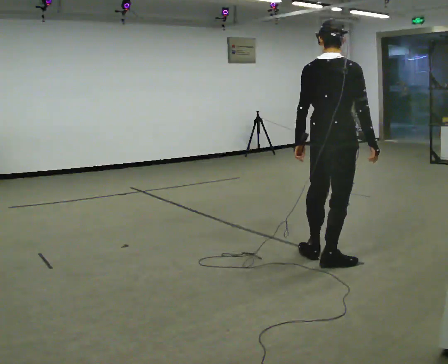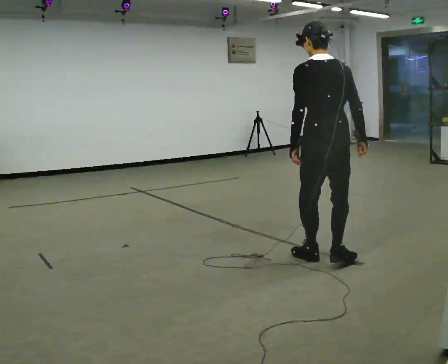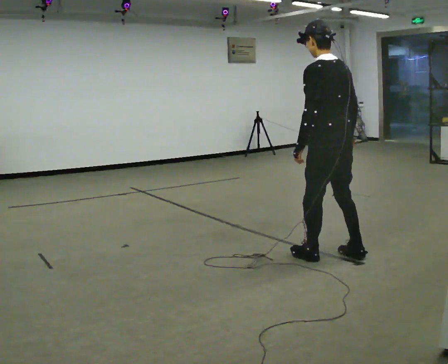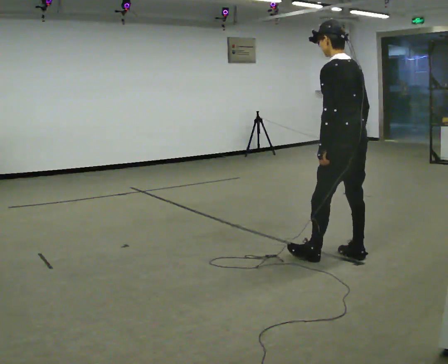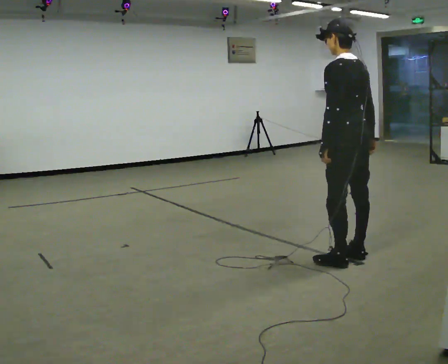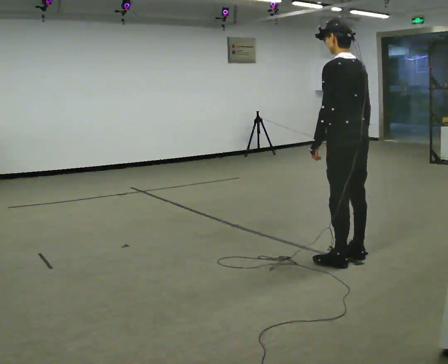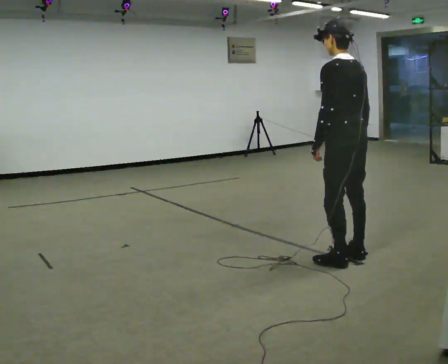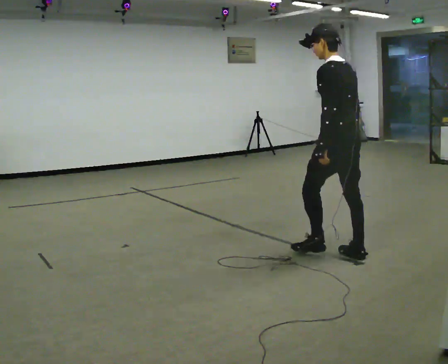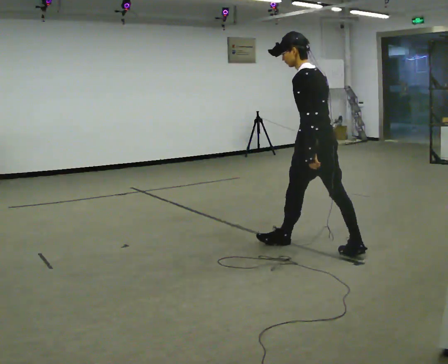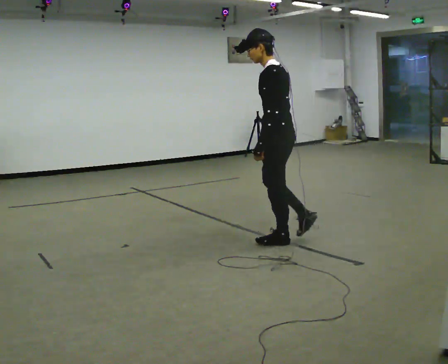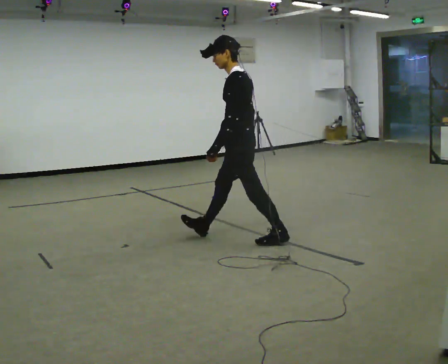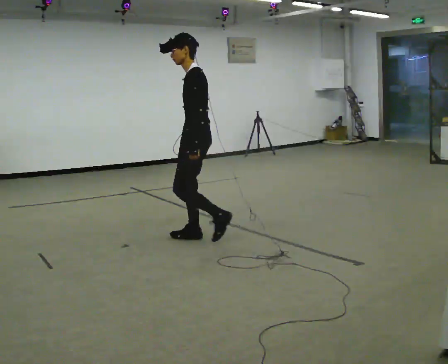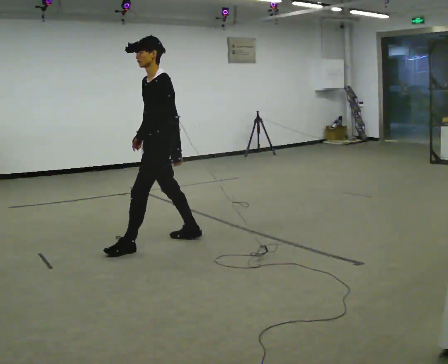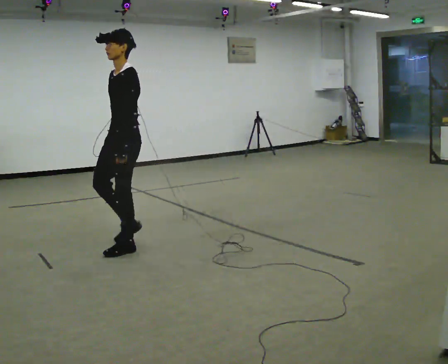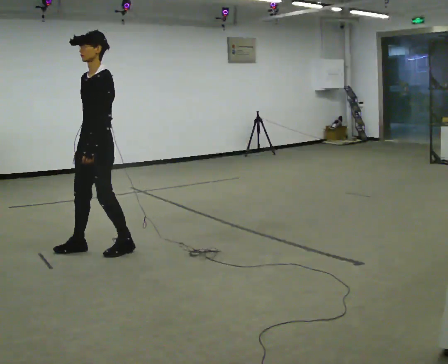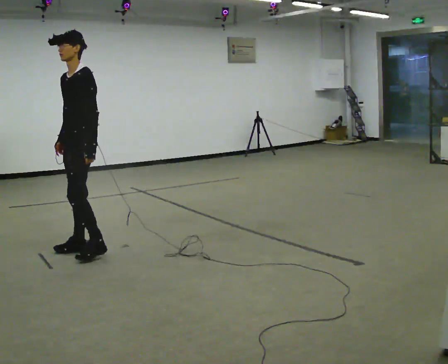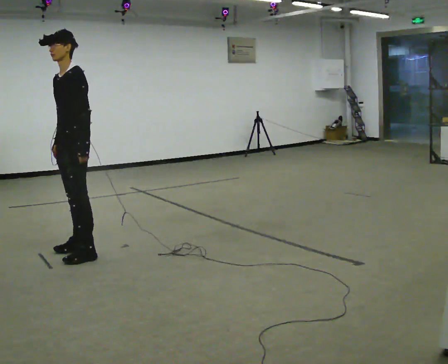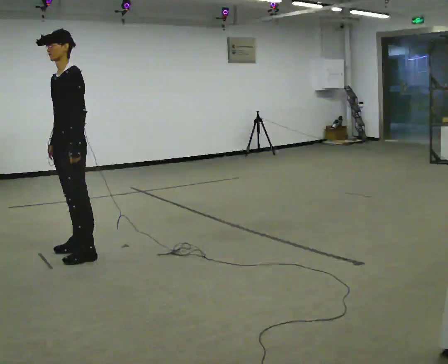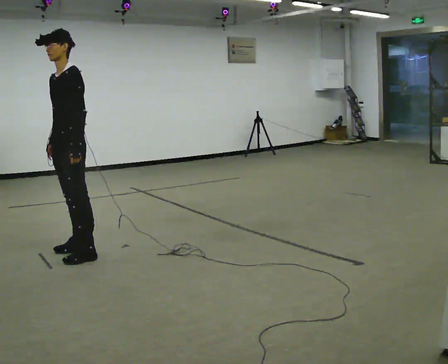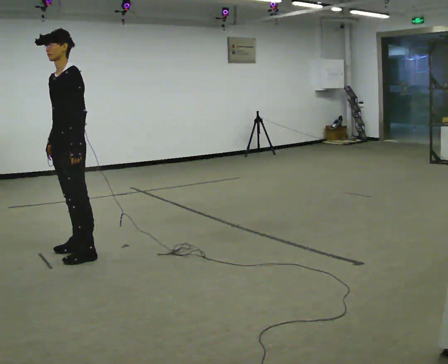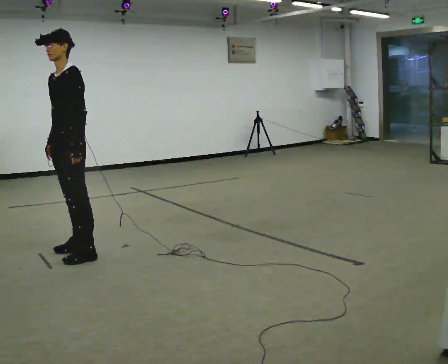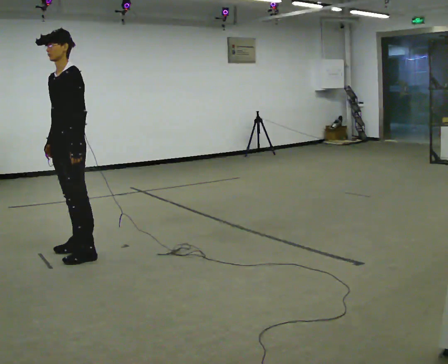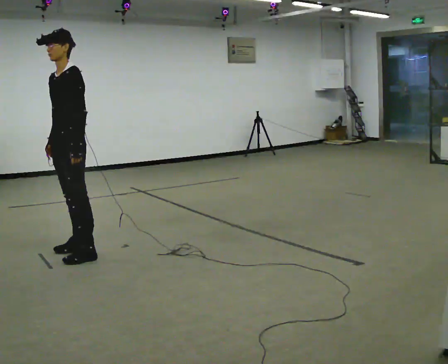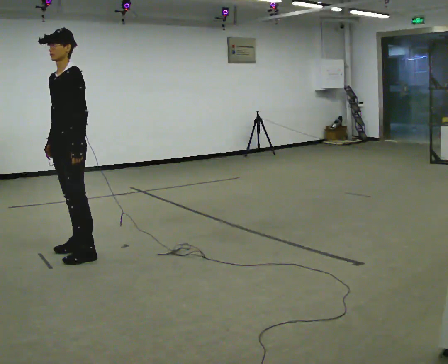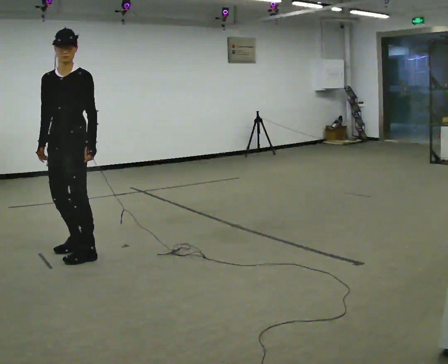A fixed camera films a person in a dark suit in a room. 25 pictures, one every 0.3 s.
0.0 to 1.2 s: The person turns about 60 degrees to their left, counterclockwise seen from above, so the part of the body nearest the lens slides to the right. In the picture they go to the right, about 0.25 m in 3 steps.
1.2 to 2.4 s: In the picture they go away from the camera and to the left, about 0.25 m in 1 step, which for them is forward.
2.4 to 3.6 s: The part of the body nearest the lens slides to the right as the person turns to their left by about 60 degrees. In the picture they go to the left, about 1.5 m in 2 steps.
3.6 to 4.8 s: In the picture they go to the left, about 0.75 m in 2 steps, which for them is forward and to their right.
4.8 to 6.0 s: The person moves a little, or ends about where they began.
6.0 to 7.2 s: The person turns about 30 degrees to their left, counterclockwise seen from above, so the part of the body nearest the lens slides to the right.
The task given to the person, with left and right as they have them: Walk; turn 90° left/right; walk several steps; stop.
The film runs forward here.
